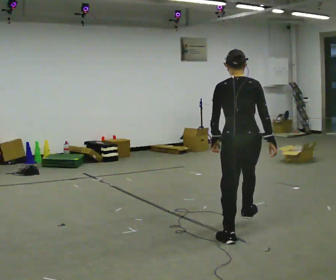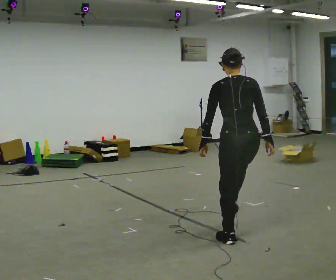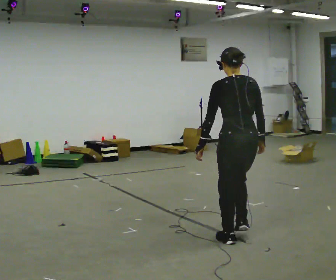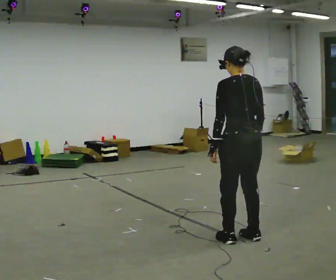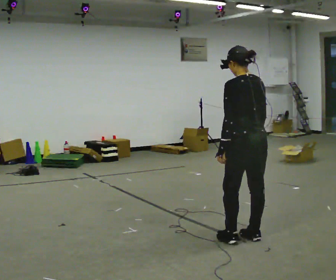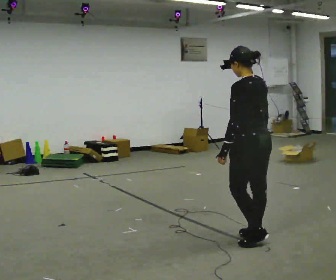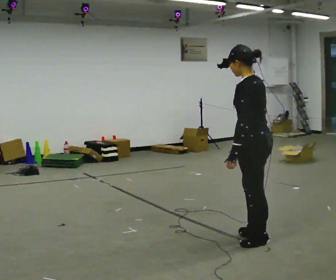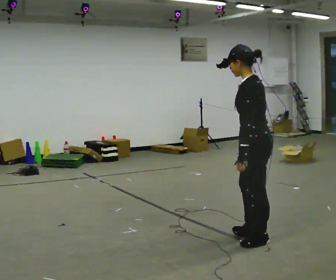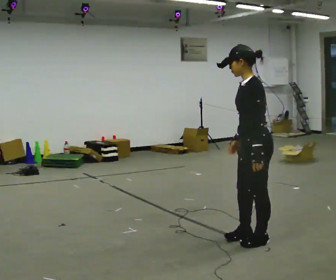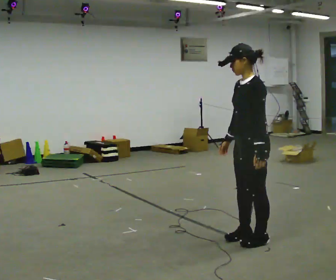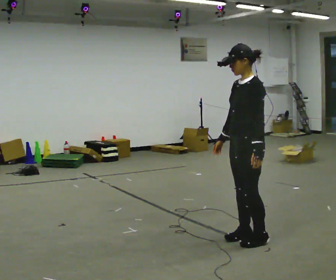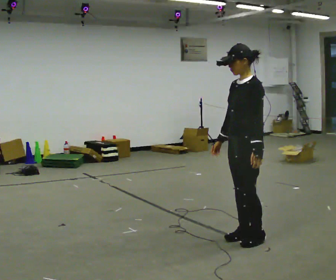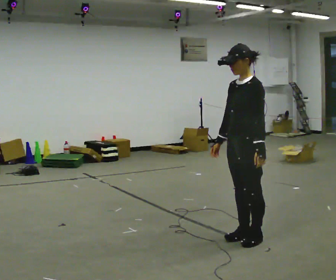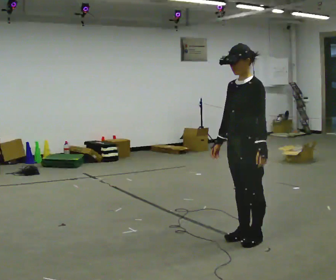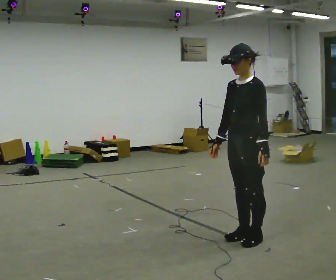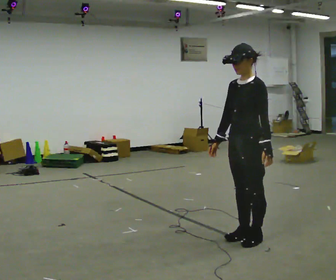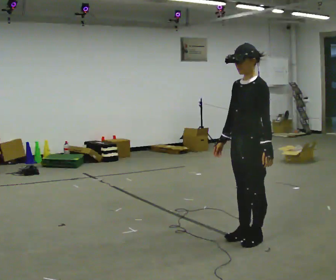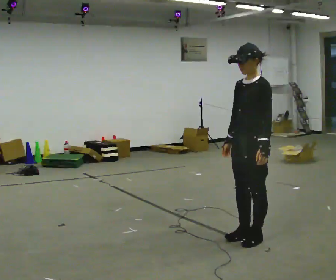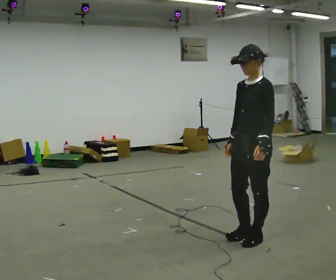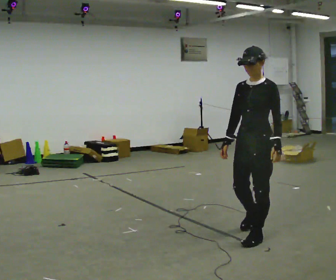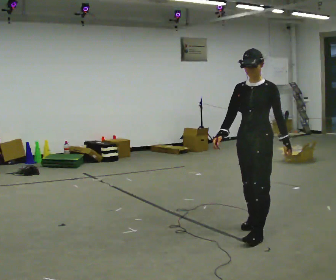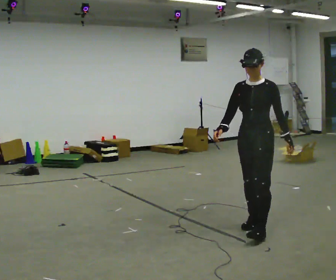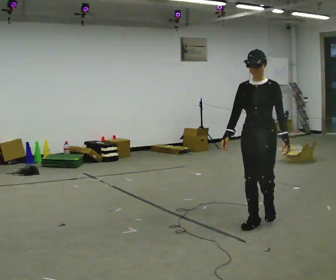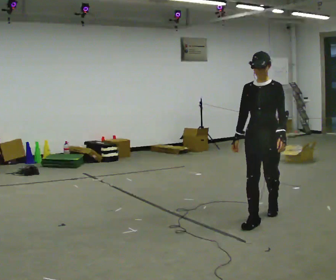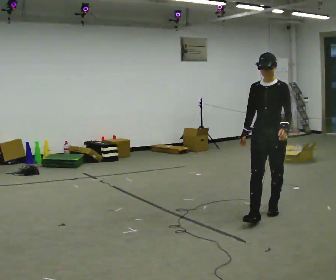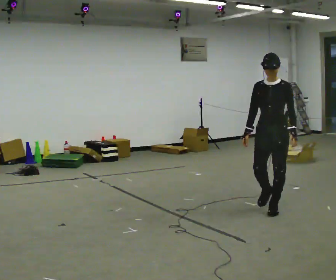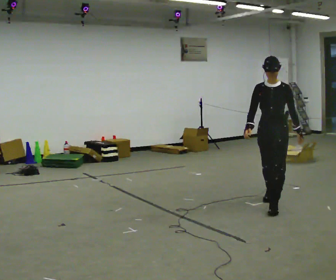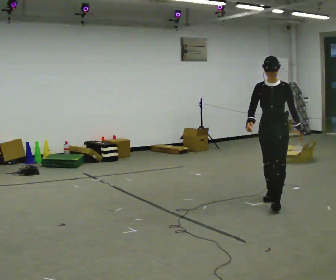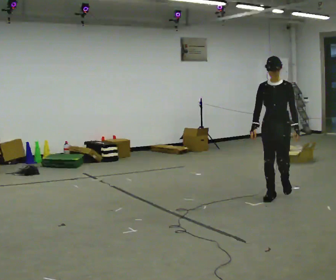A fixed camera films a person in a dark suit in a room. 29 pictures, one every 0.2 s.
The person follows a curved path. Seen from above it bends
counterclockwise.
The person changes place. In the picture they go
away from the camera.
0.0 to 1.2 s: The person turns about 60 degrees to their left, counterclockwise seen from above, so the part of the body nearest the lens slides to the right.
1.2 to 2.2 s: Seen from above the body turns counterclockwise, about 60 degrees: to their left, with its near side sliding to the right. In the picture their right hand goes to the left.
2.2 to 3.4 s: The person moves a little, or ends about where they began.
3.4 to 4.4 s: Seen from above the body turns counterclockwise, about 30 degrees: to their left, with its near side sliding to the right. In the picture they go away from the camera, about 0.5 m in 2 steps, which for them is backward and to their right.
4.4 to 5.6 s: In the picture they go away from the camera, about 1 m in 2 steps, which for them is backward.
The film runs backward here.
